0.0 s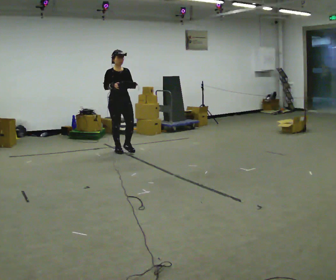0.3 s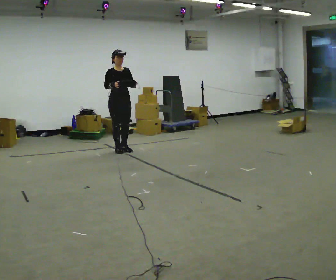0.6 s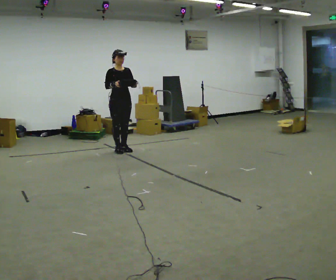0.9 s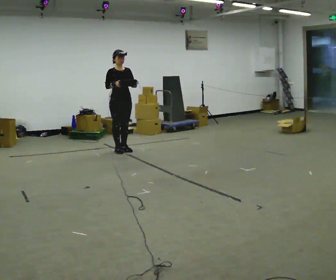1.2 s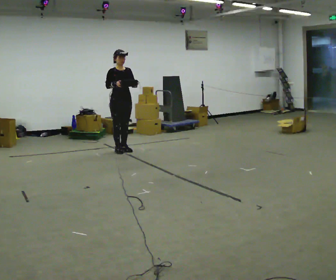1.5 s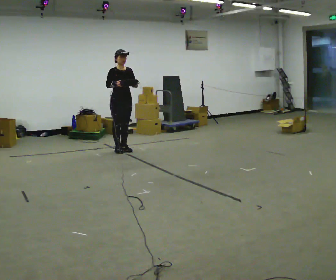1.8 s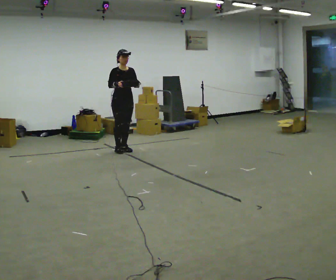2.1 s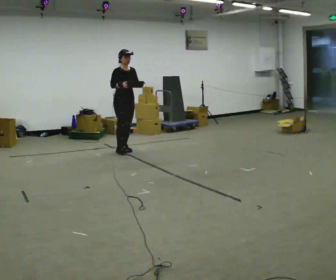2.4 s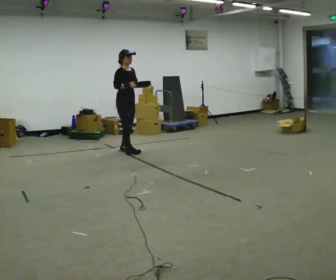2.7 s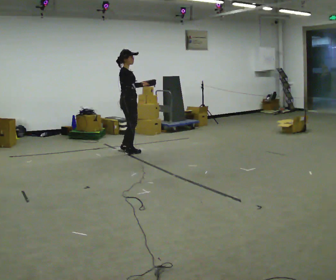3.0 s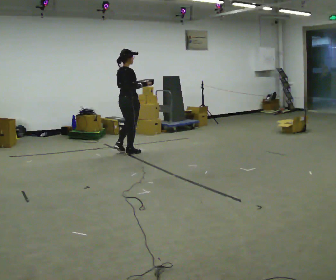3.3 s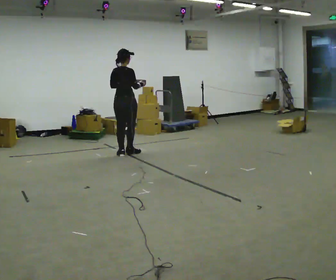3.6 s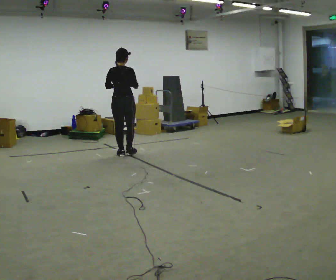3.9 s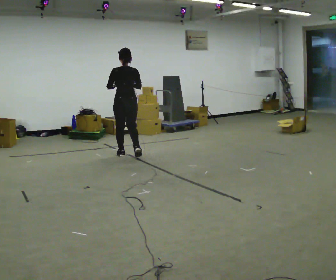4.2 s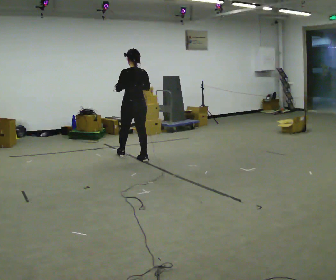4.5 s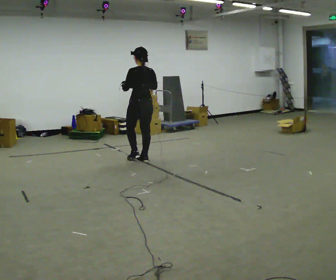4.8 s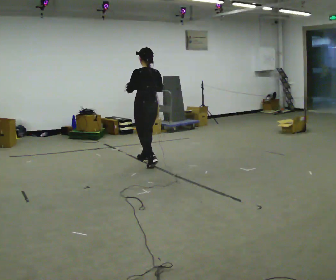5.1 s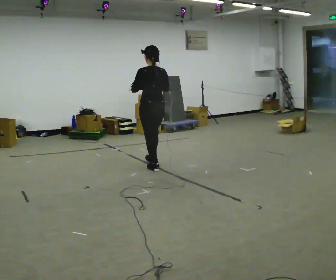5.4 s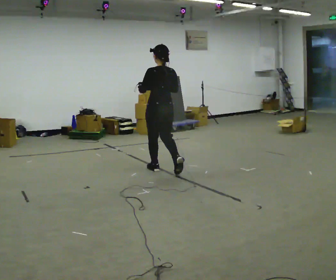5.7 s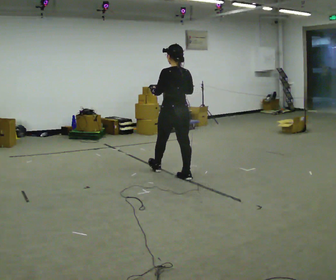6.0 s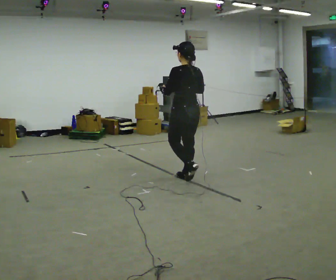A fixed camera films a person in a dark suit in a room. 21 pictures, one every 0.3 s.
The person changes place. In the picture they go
toward the camera.
The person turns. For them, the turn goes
to their left.
0.0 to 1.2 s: The person moves a little, or ends about where they began.
1.2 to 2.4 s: Seen from above the body turns counterclockwise, about 30 degrees: to their left, with its near side sliding to the right.
2.4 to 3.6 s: The part of the body nearest the lens slides to the right as the person turns to their left by about 120 degrees. In the picture they go toward the camera, about 0.25 m in 2 steps.
3.6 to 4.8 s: The person turns about 45 degrees to their left, counterclockwise seen from above, so the part of the body nearest the lens slides to the right. In the picture they go toward the camera and to the right, about 0.75 m in 1 step, which for them is backward.
4.8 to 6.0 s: In the picture they go toward the camera and to the right, about 1 m in 2 steps, which for them is backward.
The film runs backward here.
